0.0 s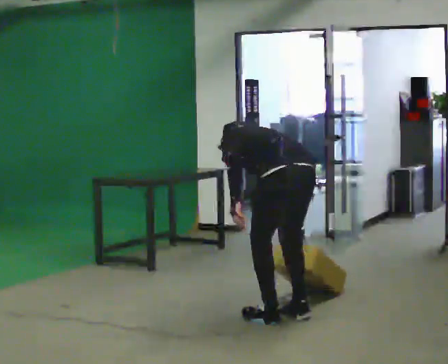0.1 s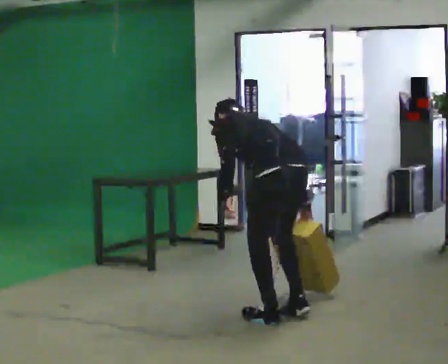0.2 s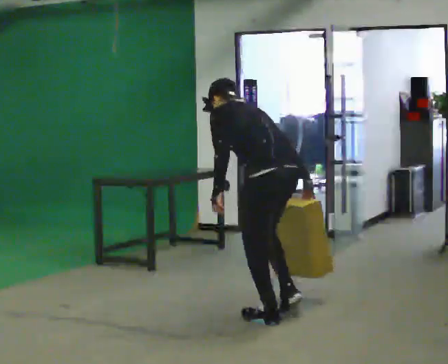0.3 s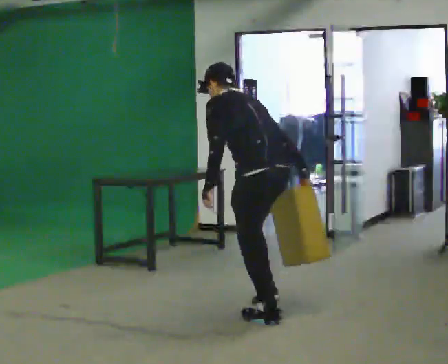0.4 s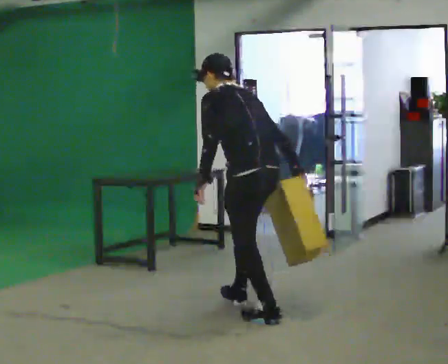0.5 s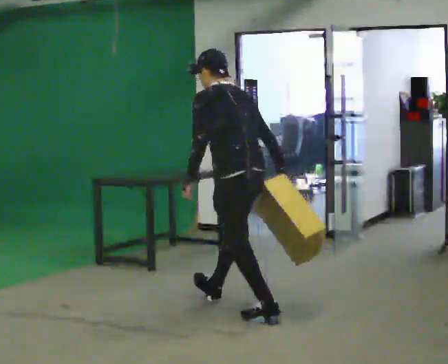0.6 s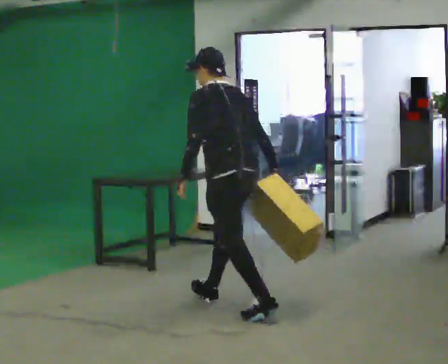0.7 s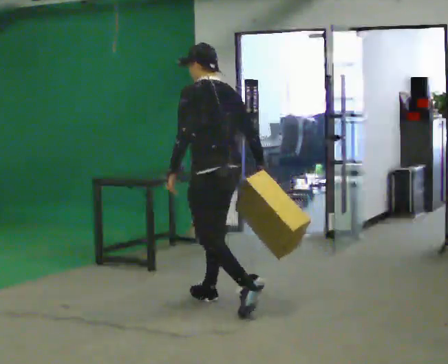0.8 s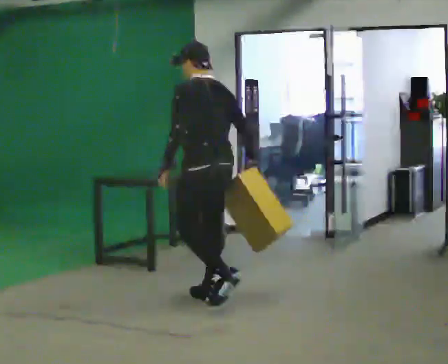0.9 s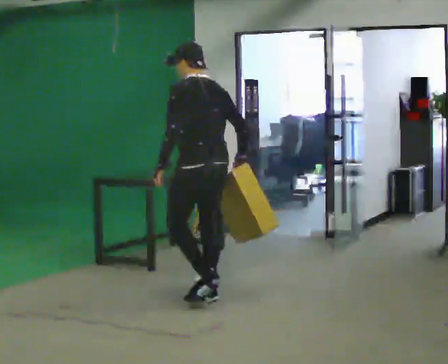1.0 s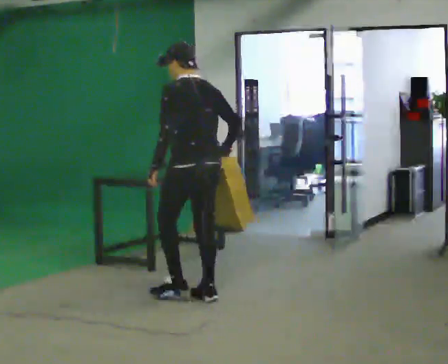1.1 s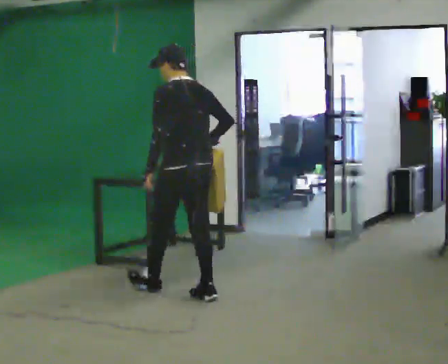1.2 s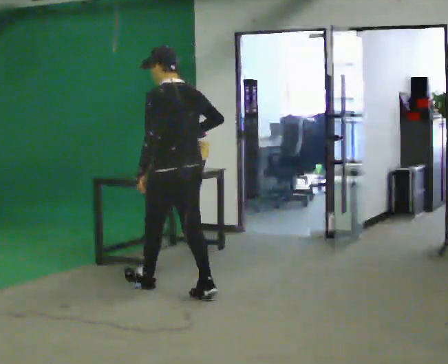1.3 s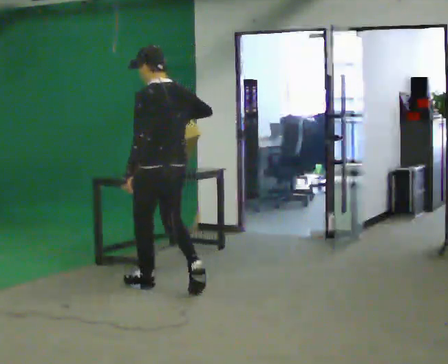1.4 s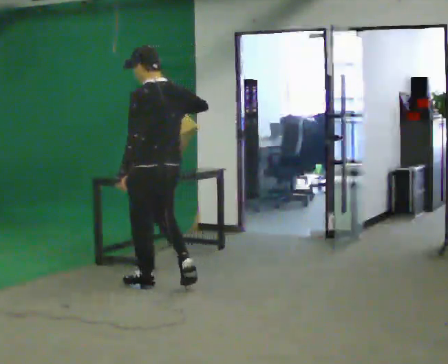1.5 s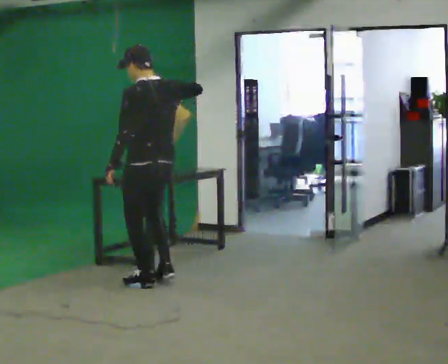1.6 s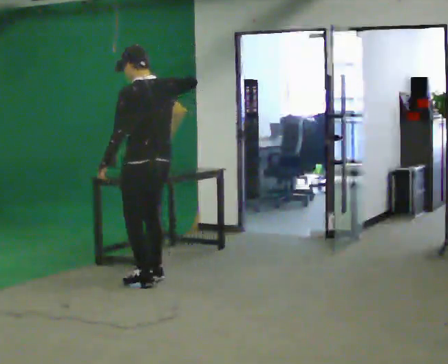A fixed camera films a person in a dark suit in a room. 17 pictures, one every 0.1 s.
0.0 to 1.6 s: In the picture they go away from the camera and to the left, about 1.5 m in 2 steps, which for them is forward. The shoulders move upward. The upper body tips toward the camera, its near side rolling downward, as they lean back or straighten. In the picture their right hand goes upward.
The film runs forward here.
